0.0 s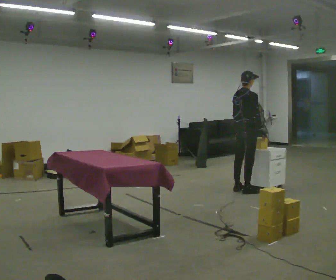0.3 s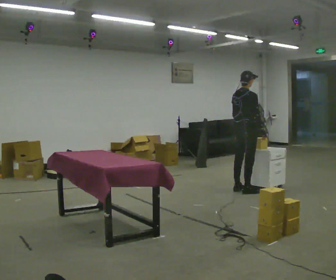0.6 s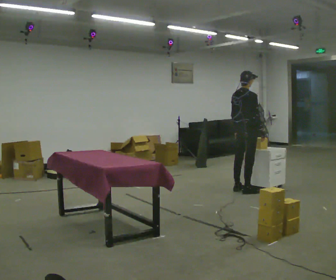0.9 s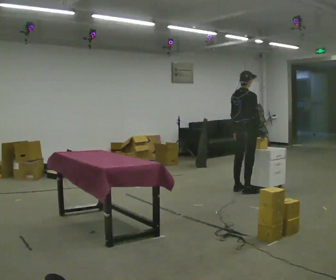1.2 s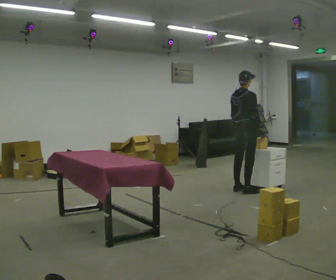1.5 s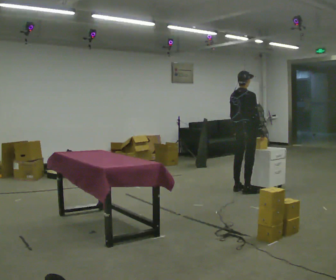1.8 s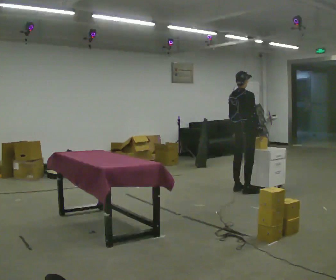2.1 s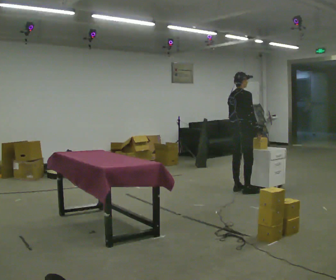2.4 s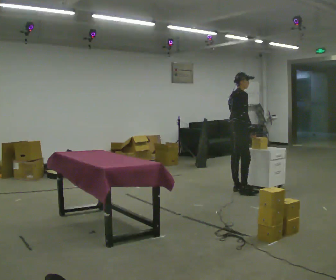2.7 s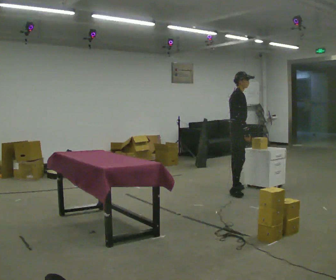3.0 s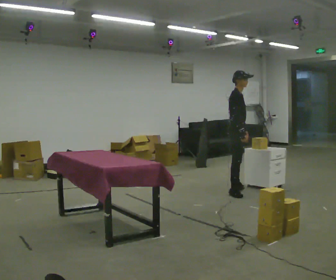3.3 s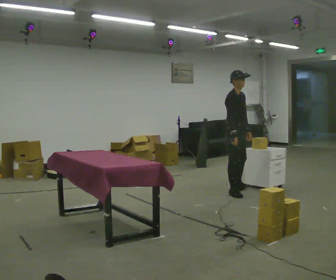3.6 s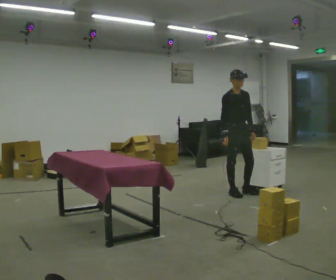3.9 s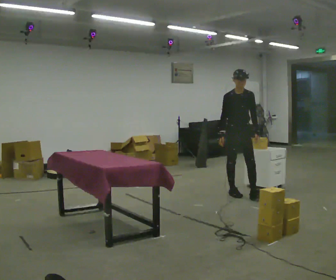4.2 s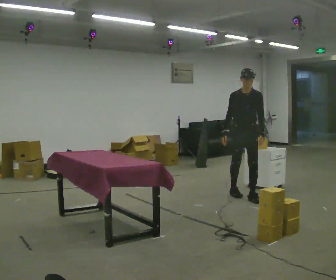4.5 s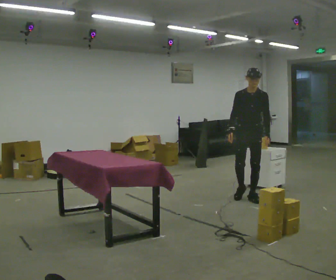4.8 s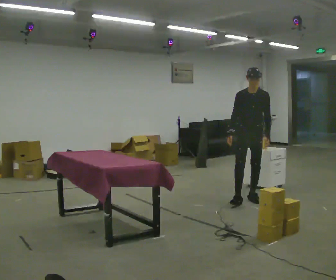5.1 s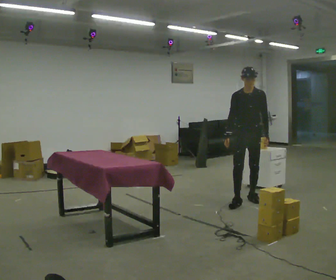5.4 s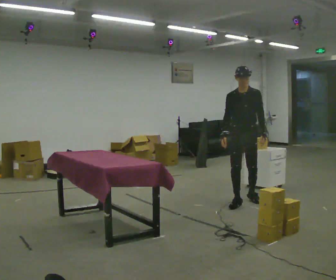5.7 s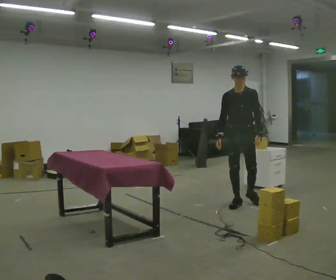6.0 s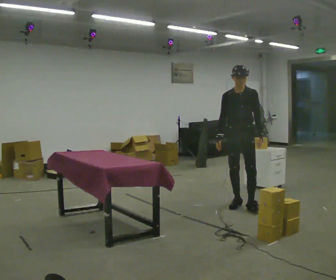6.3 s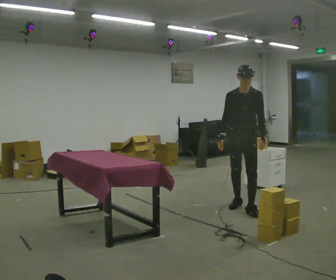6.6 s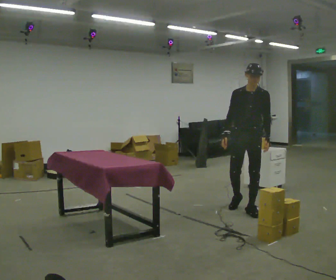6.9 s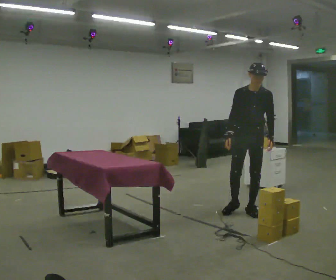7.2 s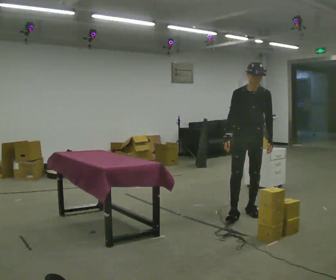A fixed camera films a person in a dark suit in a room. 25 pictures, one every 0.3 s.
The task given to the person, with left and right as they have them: 1. The operator will tell you the shelf is already sorted and just needs moving to the table. 2. Do what you think is right. 3. Tell the operator when you are finished.
0.0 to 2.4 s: The person moves a little, or ends about where they began.
2.4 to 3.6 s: Seen from above the body turns clockwise, about 75 degrees: to their right, with its near side sliding to the left. In the picture they go toward the camera, about 0.25 m in 1 step. In the picture their right hand goes to the left.
3.6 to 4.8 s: The person turns about 45 degrees to their right, clockwise seen from above, so the part of the body nearest the lens slides to the left. In the picture they go toward the camera and to the right, about 0.25 m in 1 step, which for them is forward and to their left.
4.8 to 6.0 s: In the picture they go toward the camera, about 0.25 m in 1 step, which for them is forward and to their right.
6.0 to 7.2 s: In the picture they go toward the camera, about 0.5 m in 1 step, which for them is forward.
The film runs forward here.
